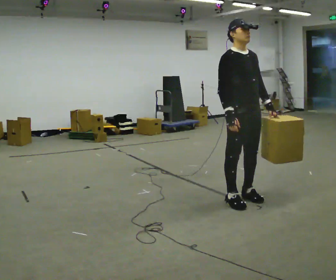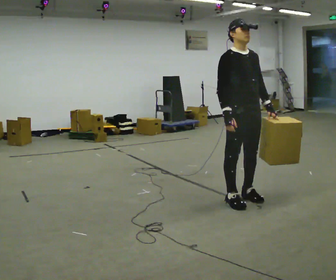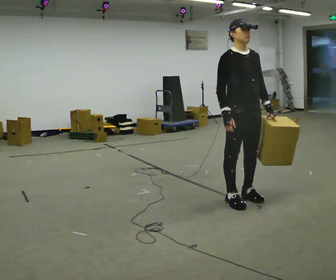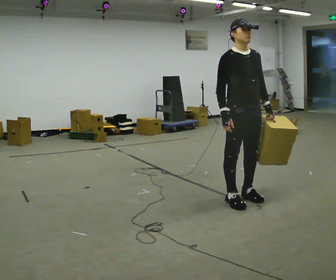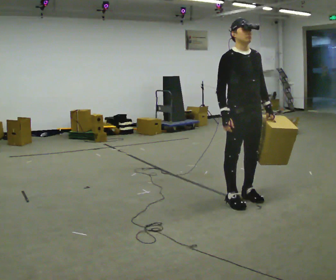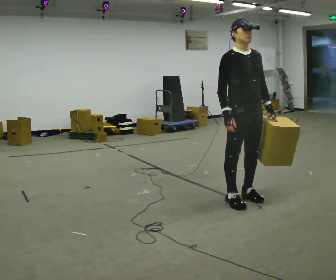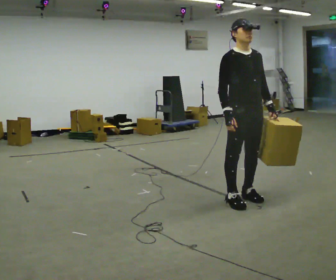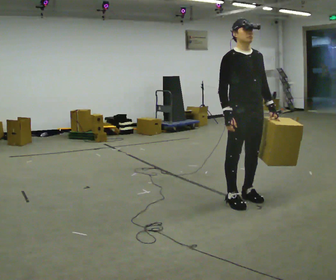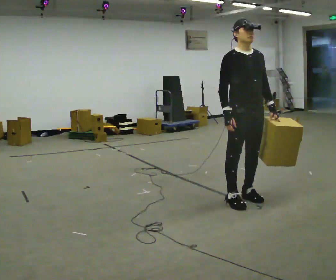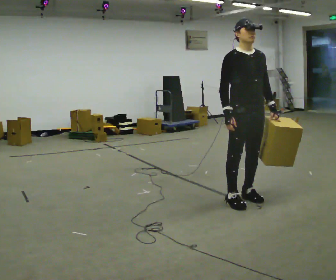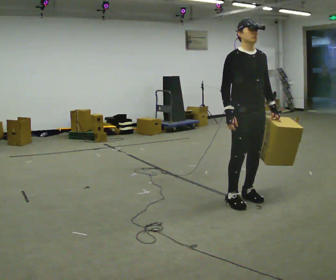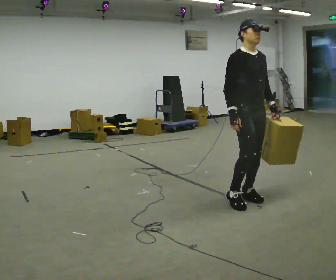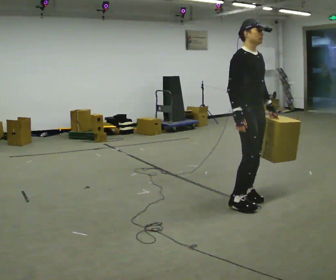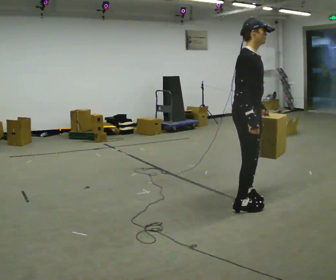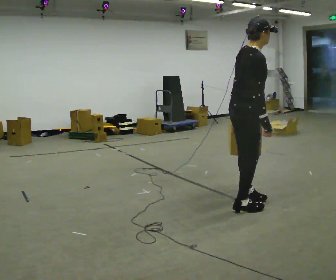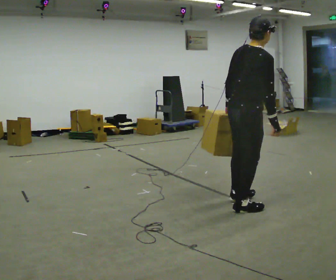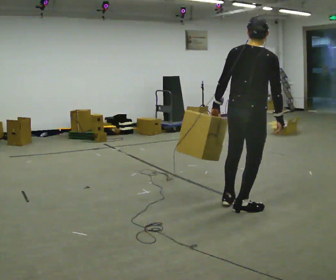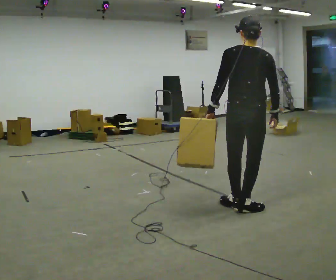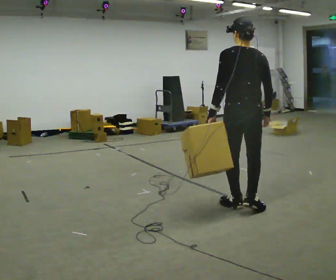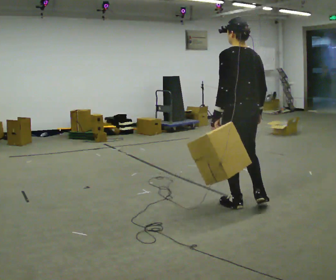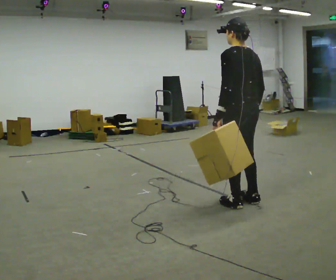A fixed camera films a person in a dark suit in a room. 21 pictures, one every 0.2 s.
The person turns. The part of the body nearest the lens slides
to the right.
The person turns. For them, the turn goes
to their left.
0.0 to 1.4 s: The person moves a little, or ends about where they began.
1.4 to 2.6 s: Seen from above the body turns counterclockwise, about 45 degrees: to their left, with its near side sliding to the right.
2.6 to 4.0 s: The person turns about 135 degrees to their left, counterclockwise seen from above, so the part of the body nearest the lens slides to the right.
The film runs forward here.
